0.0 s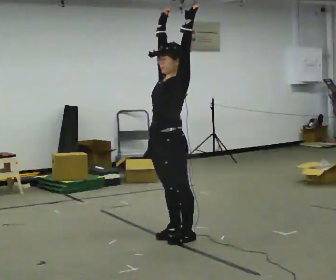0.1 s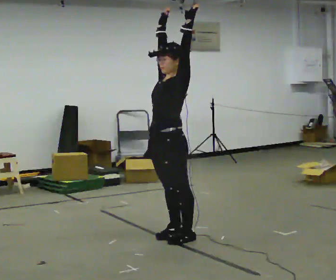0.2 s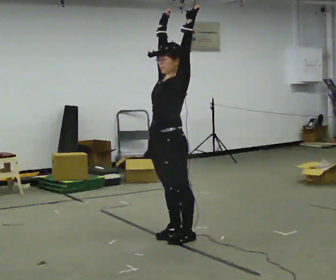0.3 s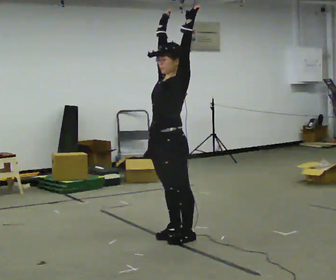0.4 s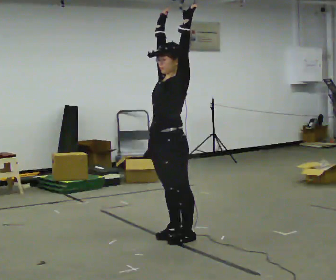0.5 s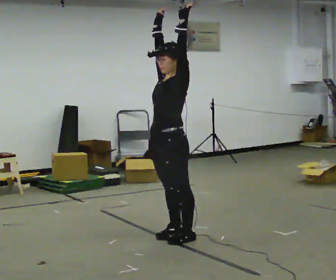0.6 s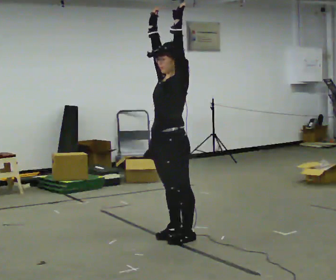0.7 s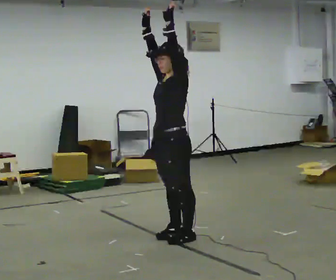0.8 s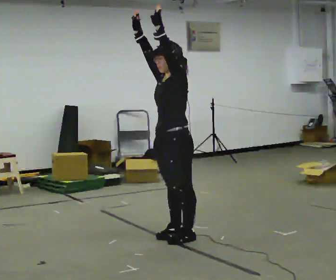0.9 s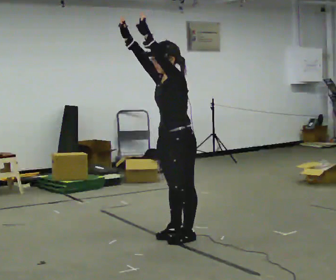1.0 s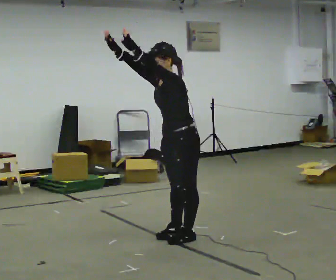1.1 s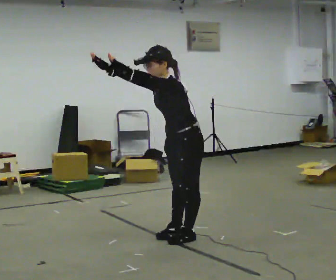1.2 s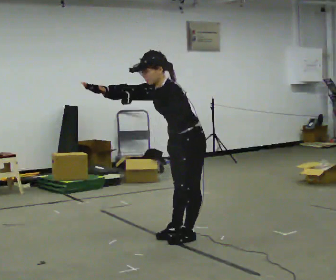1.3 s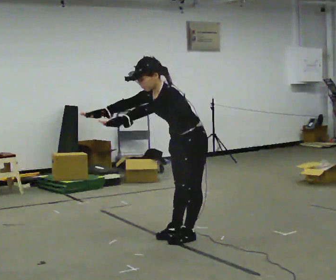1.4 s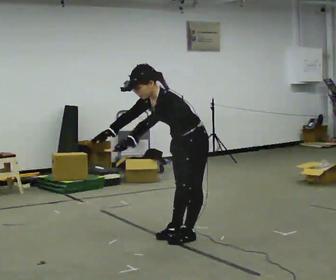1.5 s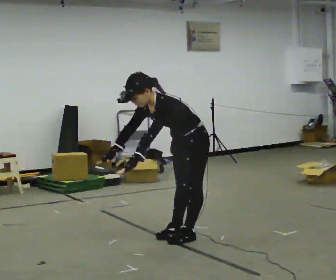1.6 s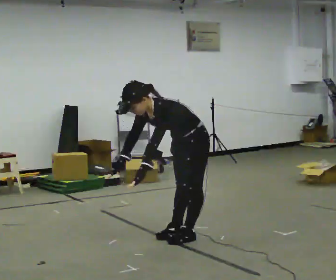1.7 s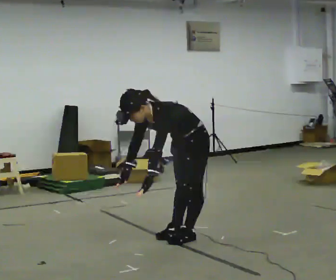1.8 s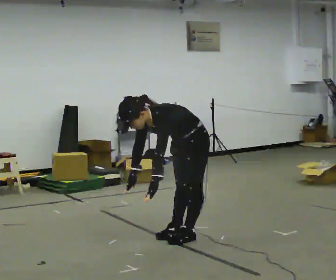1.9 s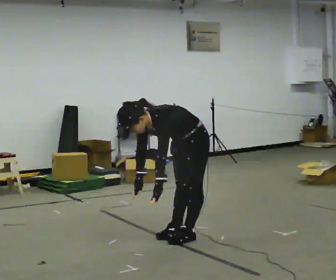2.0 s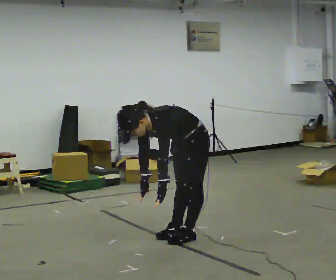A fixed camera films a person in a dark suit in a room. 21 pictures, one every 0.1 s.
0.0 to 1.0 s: In the picture the upper body tilts counterclockwise, shoulders to the left, as they bend forward. In the picture their left hand goes to the left, the arm swinging counterclockwise.
1.0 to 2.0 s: The upper body goes downward. In the picture the upper body tilts counterclockwise, shoulders to the left, as they bend forward. In the picture their right hand goes downward, the arm swinging counterclockwise.
The film runs forward here.
